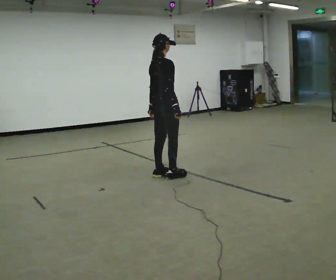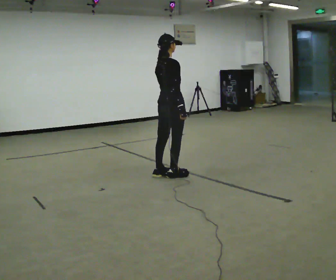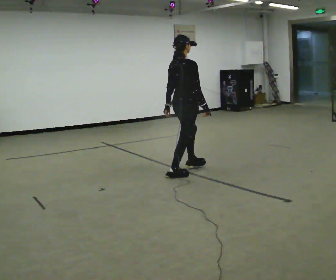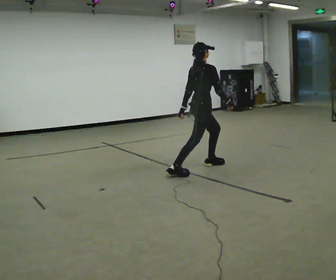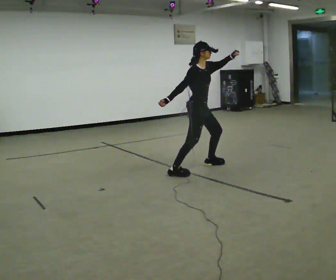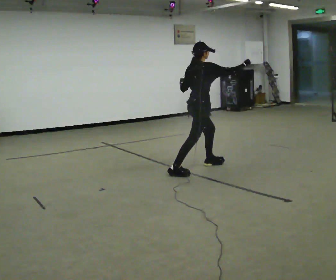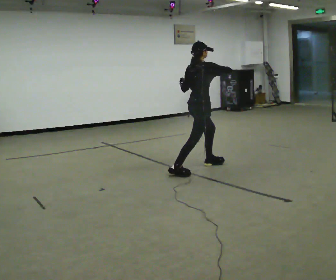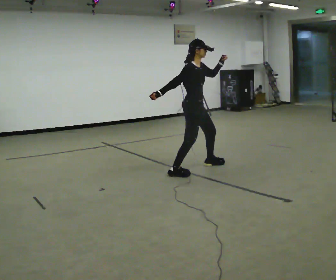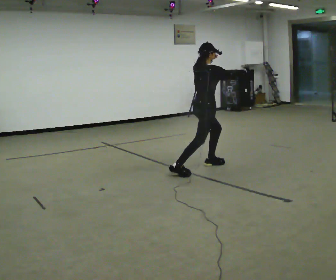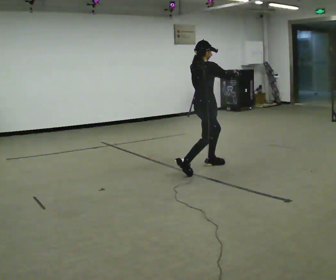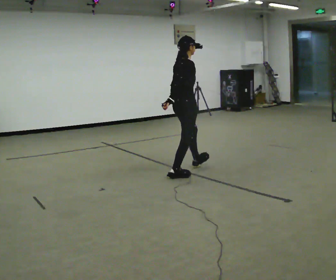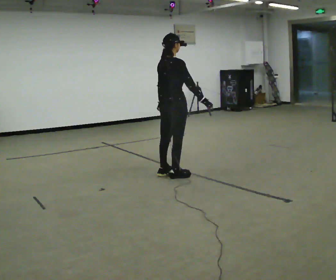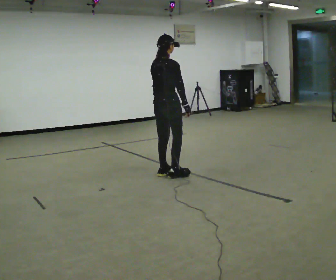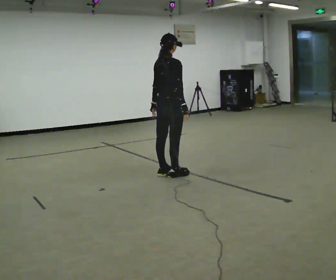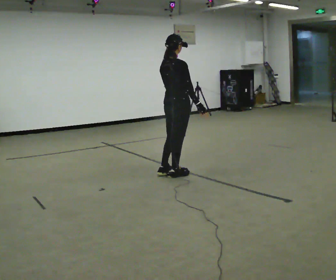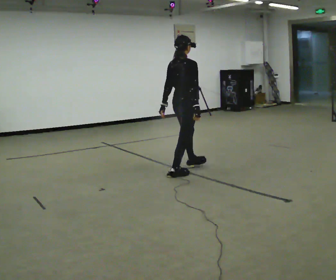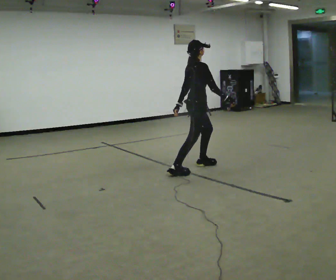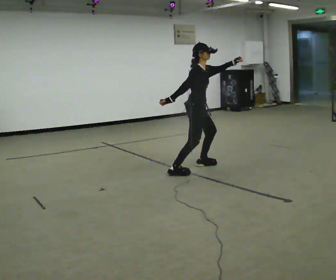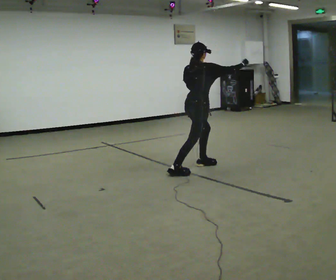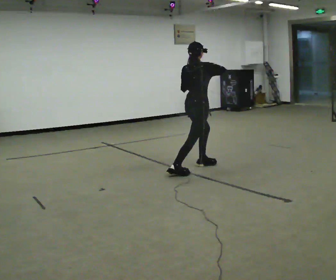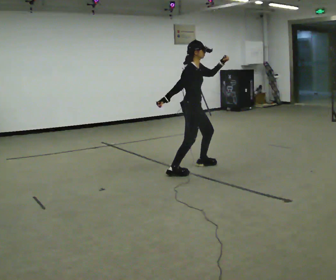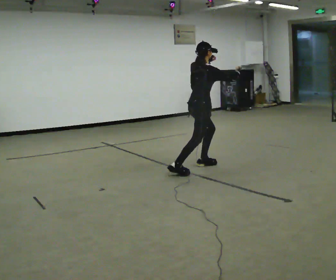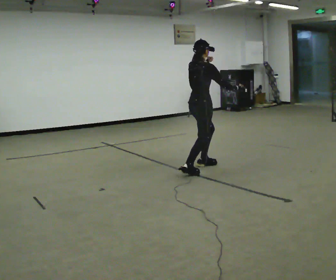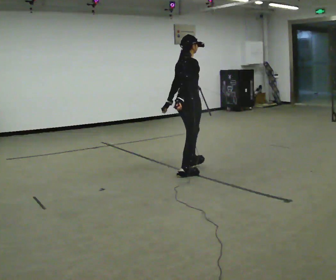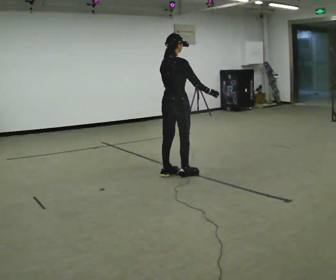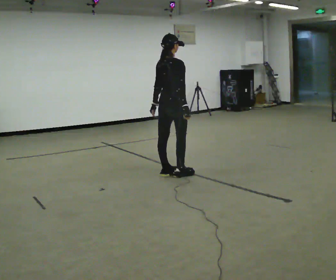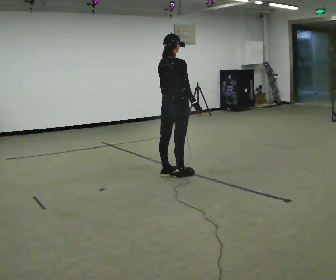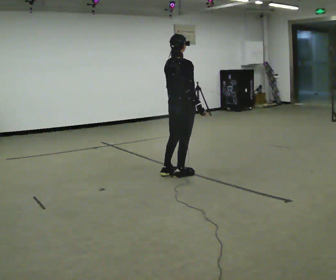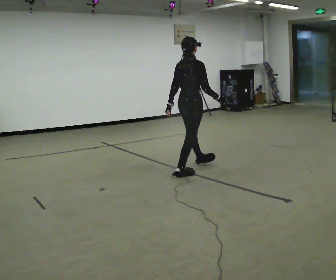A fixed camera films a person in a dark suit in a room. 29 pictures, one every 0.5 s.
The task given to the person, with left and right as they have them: Mimic boxing into the air at moderate speed with both hands, moving your feet only a little. Stay controlled; do not punch at full speed.
0.0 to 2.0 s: Seen from above the body turns clockwise, about 60 degrees: to their right, with its near side sliding to the left. In the picture they go to the right and away from the camera, about 0.5 m in 1 step. In the picture their left hand goes upward.
2.0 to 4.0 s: Seen from above the body turns counterclockwise, about 45 degrees: to their left, with its near side sliding to the right. In the picture their right hand goes to the right and upward.
4.0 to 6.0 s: In the picture they go to the left and toward the camera, about 0.5 m in 1 step, which for them is backward. In the picture their right hand goes downward.
6.0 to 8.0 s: The part of the body nearest the lens slides to the left as the person turns to their right by about 45 degrees. In the picture they go to the right and away from the camera, about 0.5 m in 1 step, which for them is forward.
8.0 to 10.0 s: In the picture their left hand goes upward and to the right.
10.0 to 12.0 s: Seen from above the body turns counterclockwise, about 60 degrees: to their left, with its near side sliding to the right. In the picture they go toward the camera and to the left, about 0.25 m in 1 step, which for them is backward and to their right.
12.0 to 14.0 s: In the picture they go to the right, about 0.25 m, which for them is forward.
The film runs forward here.
